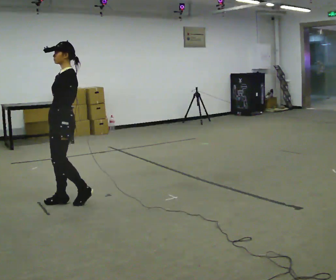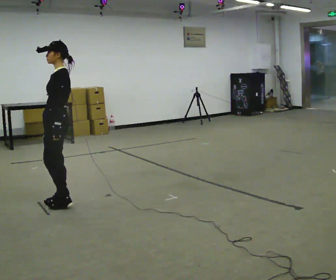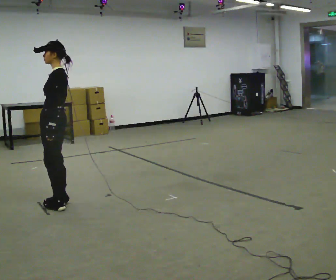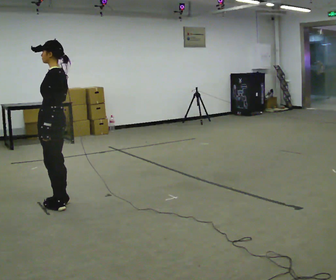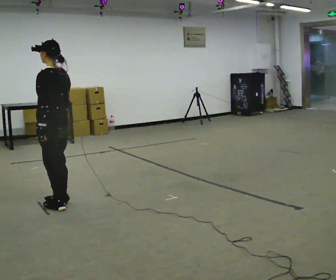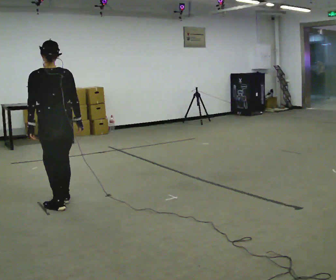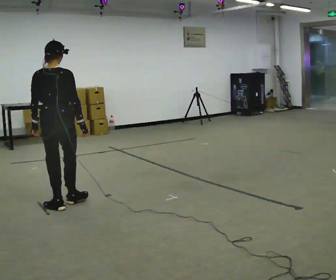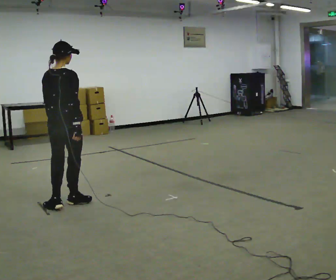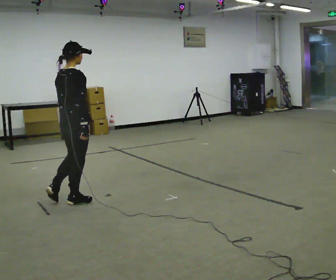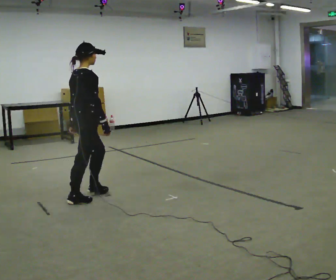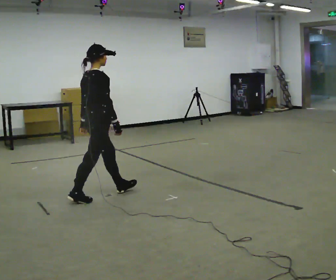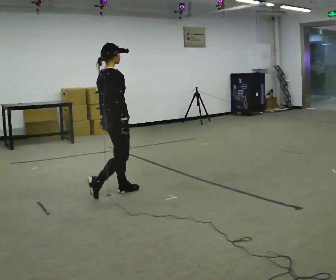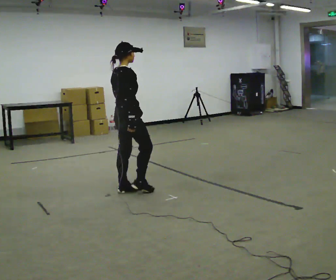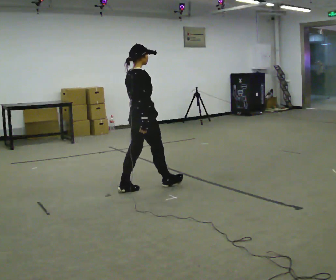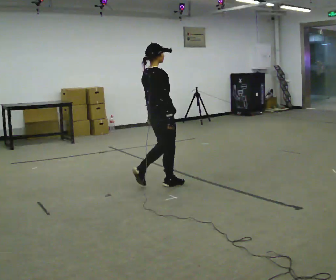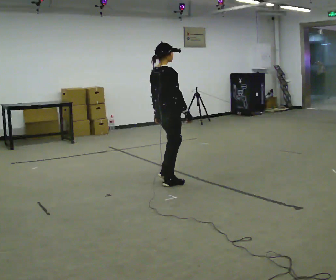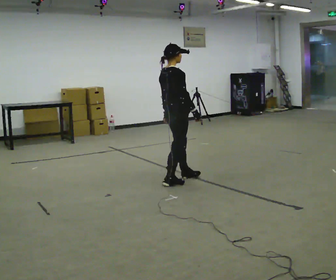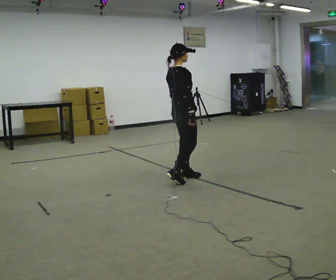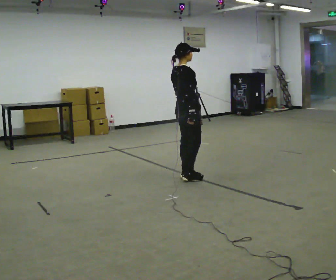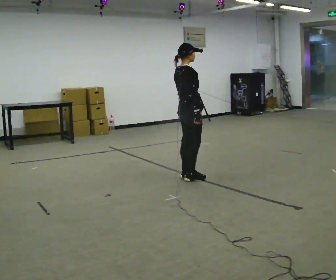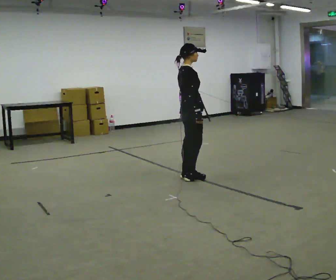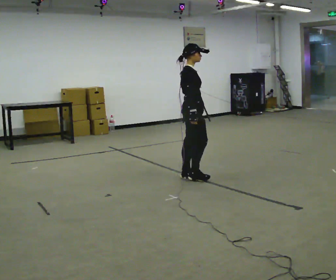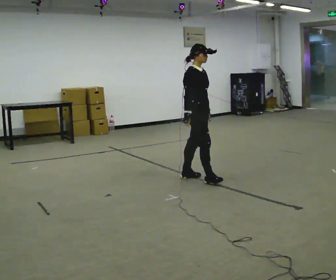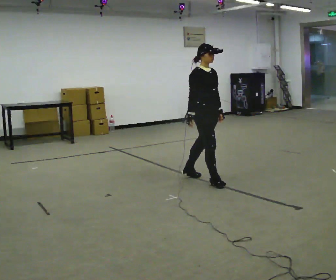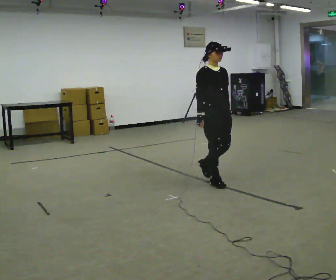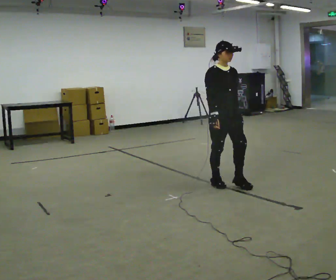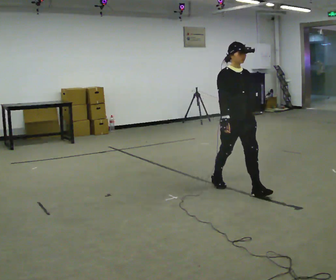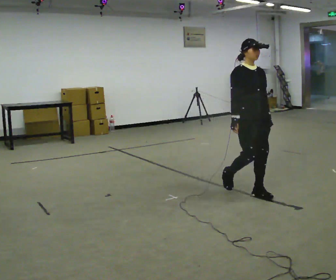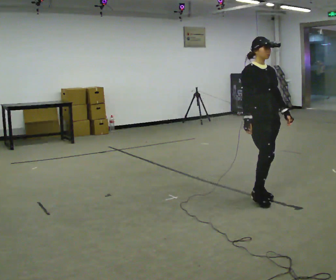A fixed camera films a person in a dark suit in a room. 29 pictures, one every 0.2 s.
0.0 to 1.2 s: The part of the body nearest the lens slides to the left as the person turns to their right by about 120 degrees. In the picture their right hand goes to the right, the arm swinging counterclockwise.
1.2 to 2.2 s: The part of the body nearest the lens slides to the left as the person turns to their right by about 60 degrees. In the picture they go to the right and away from the camera, about 0.5 m in 1 step, which for them is forward.
2.2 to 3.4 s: In the picture they go to the right and away from the camera, about 1 m in 2 steps, which for them is forward.
3.4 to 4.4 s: The person turns about 60 degrees to their right, clockwise seen from above, so the part of the body nearest the lens slides to the left. In the picture they go to the right, about 0.25 m in 1 step, which for them is forward.
4.4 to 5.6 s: The person turns about 30 degrees to their right, clockwise seen from above, so the part of the body nearest the lens slides to the left. In the picture they go toward the camera and to the right, about 1 m in 2 steps, which for them is forward.
The film runs forward here.
